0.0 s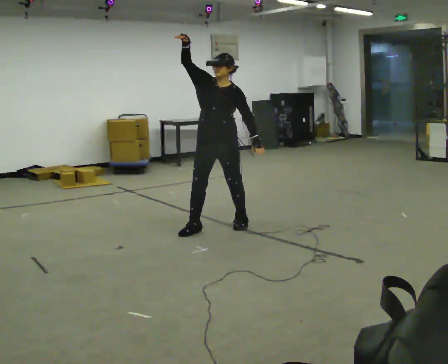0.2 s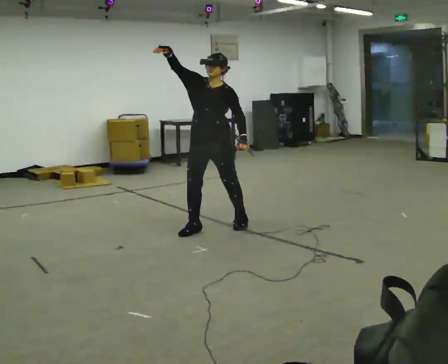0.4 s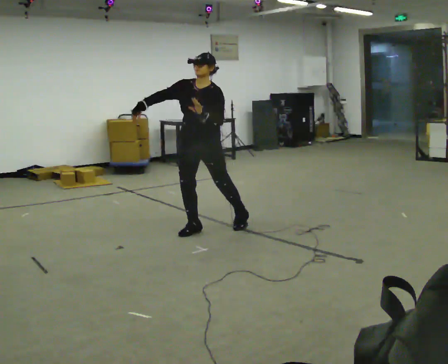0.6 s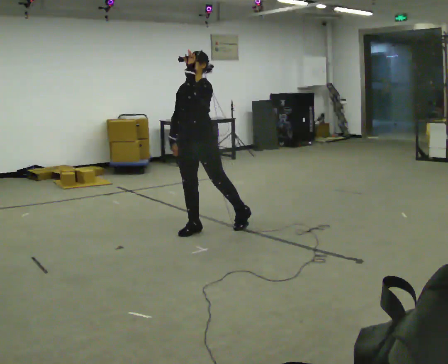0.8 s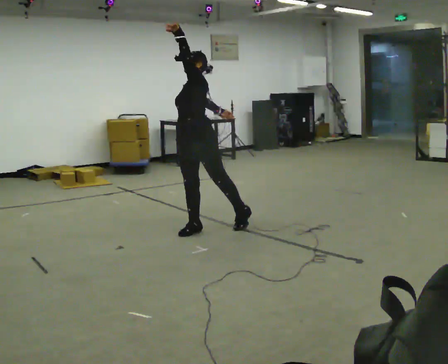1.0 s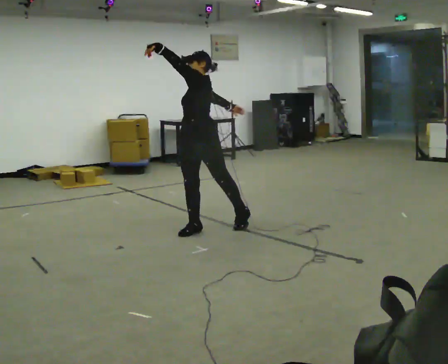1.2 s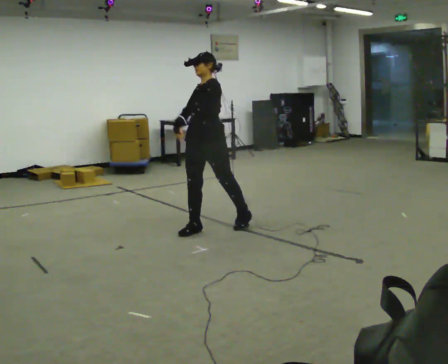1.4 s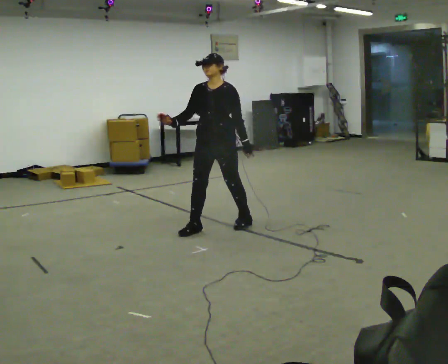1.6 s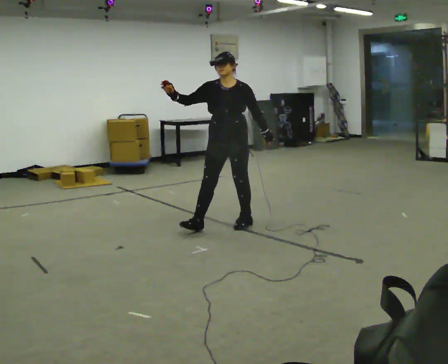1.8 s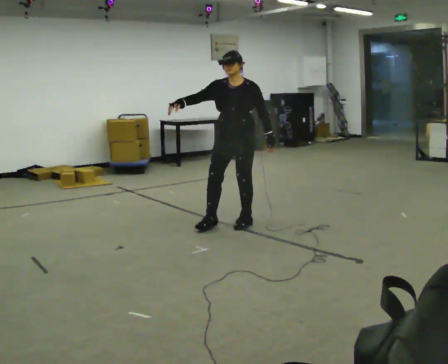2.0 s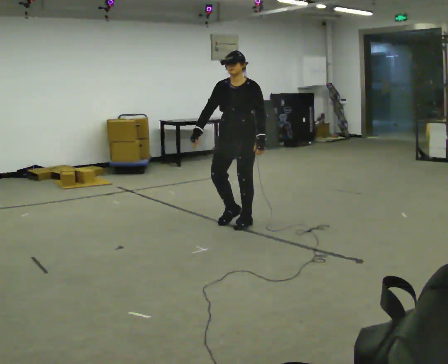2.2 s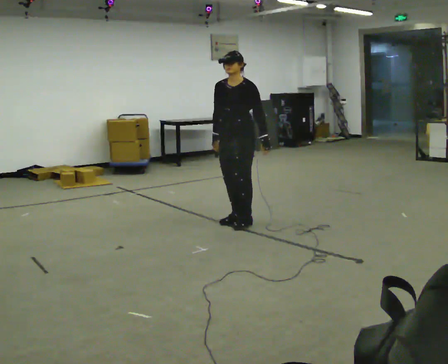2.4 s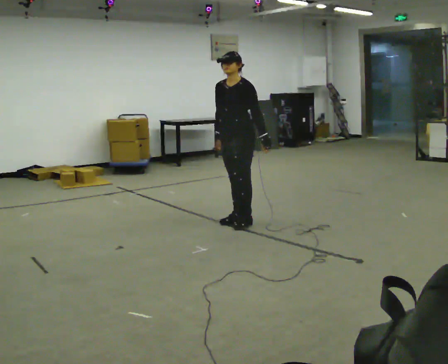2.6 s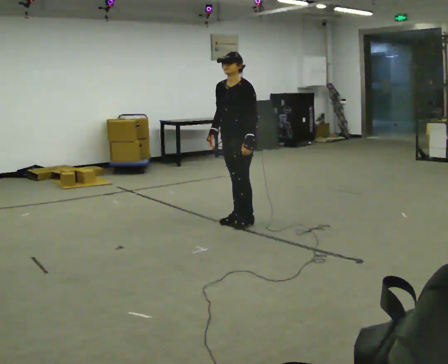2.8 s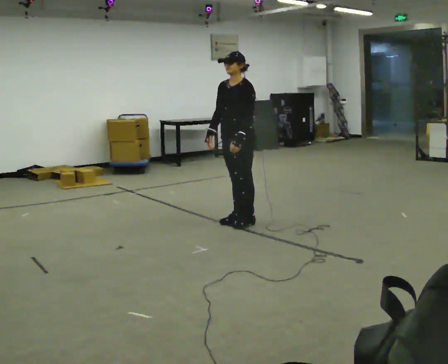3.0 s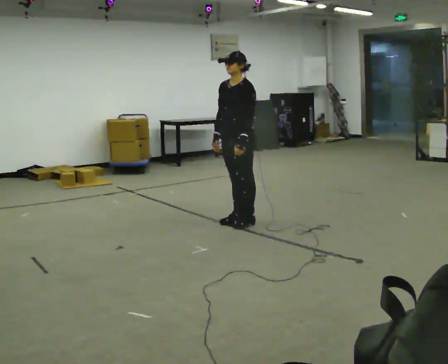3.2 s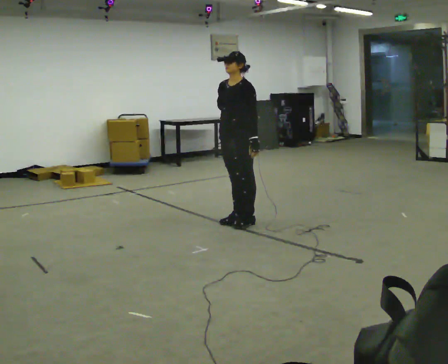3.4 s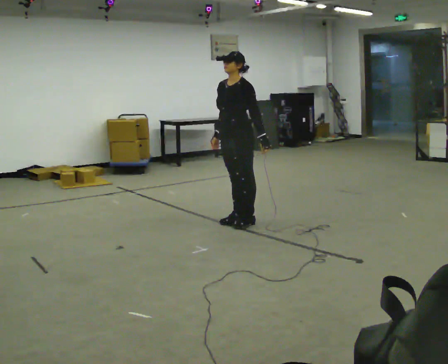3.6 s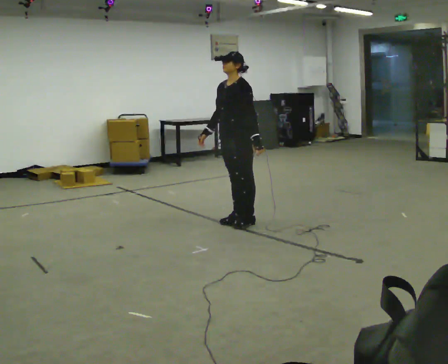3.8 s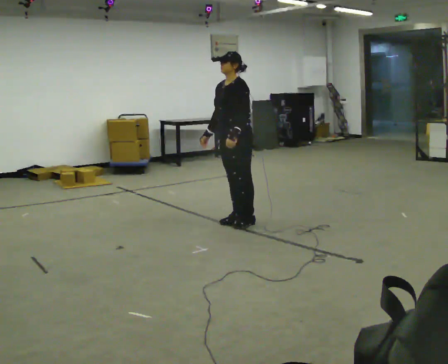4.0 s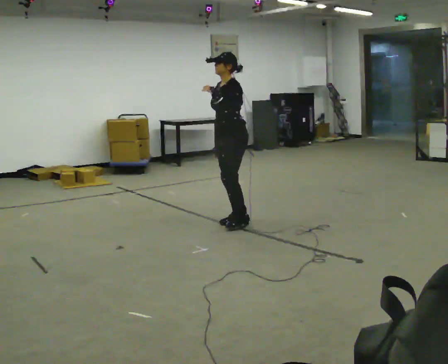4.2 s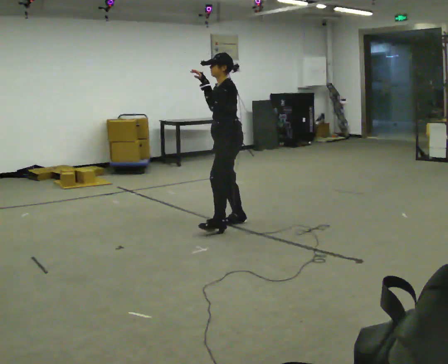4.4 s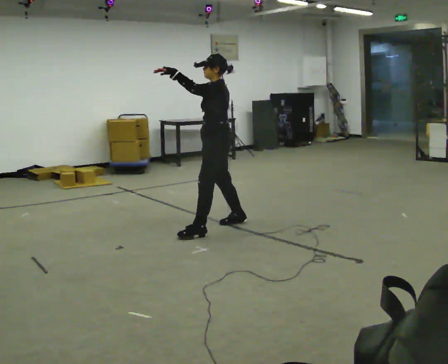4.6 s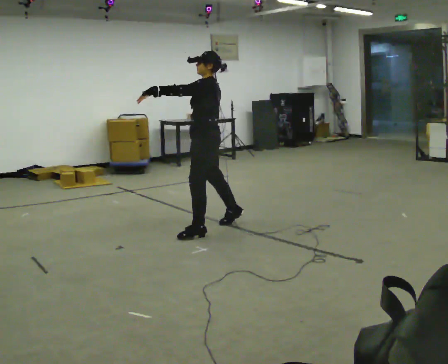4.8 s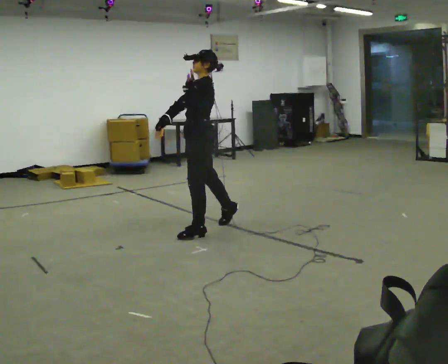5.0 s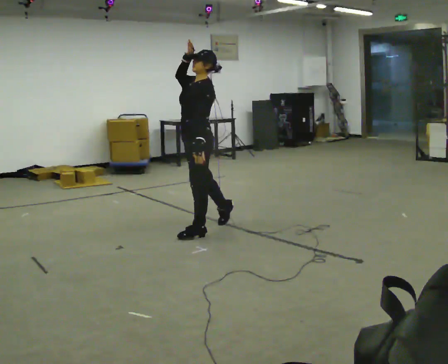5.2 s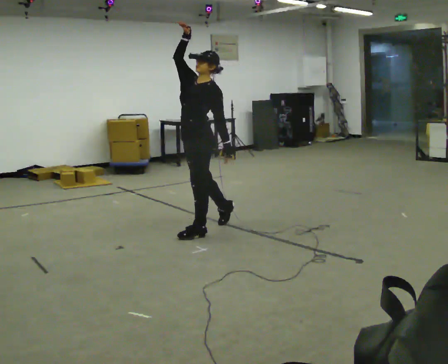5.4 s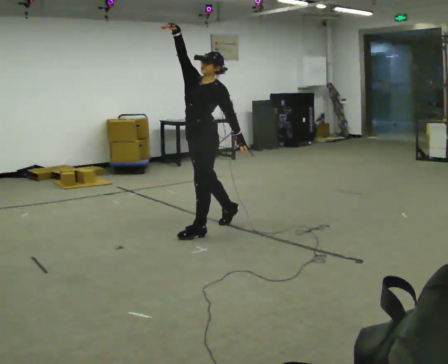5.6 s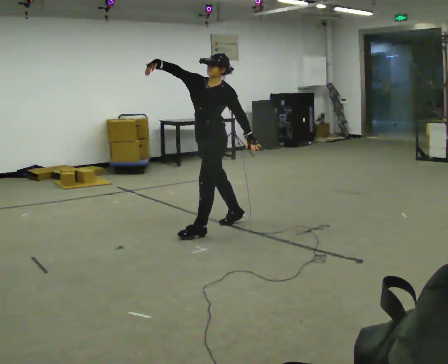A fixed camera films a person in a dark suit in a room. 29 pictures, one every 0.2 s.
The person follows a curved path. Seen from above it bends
counterclockwise.
0.0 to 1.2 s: The person turns about 30 degrees to their right, clockwise seen from above, so the part of the body nearest the lens slides to the left. In the picture their right hand goes downward.
1.2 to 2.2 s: In the picture they go to the right and away from the camera, about 0.25 m in 1 step, which for them is backward and to their left.
2.2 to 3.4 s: The person moves a little, or ends about where they began.
3.4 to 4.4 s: Seen from above the body turns clockwise, about 45 degrees: to their right, with its near side sliding to the left. In the picture they go to the left, about 0.25 m in 1 step, which for them is forward. In the picture their left hand goes to the left and upward.
4.4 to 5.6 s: Seen from above the body turns counterclockwise, about 45 degrees: to their left, with its near side sliding to the right. In the picture their right hand goes upward and to the left.
The film runs backward here.
